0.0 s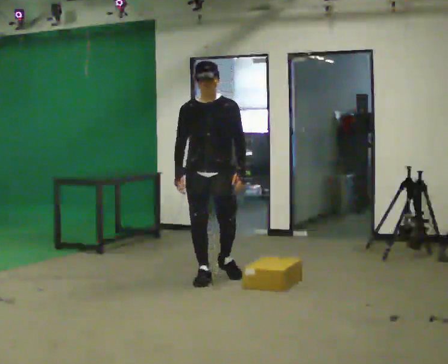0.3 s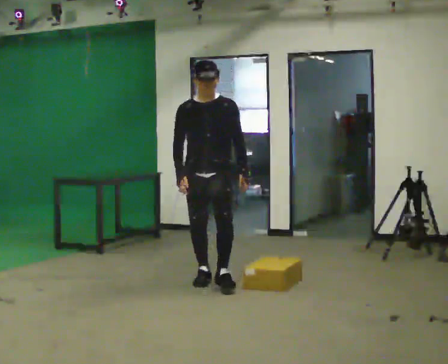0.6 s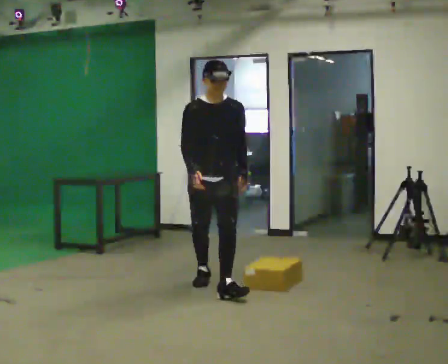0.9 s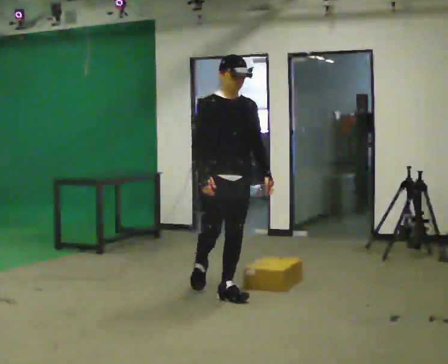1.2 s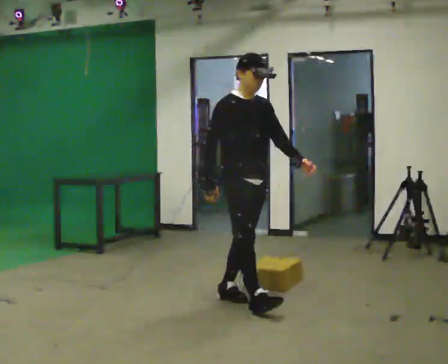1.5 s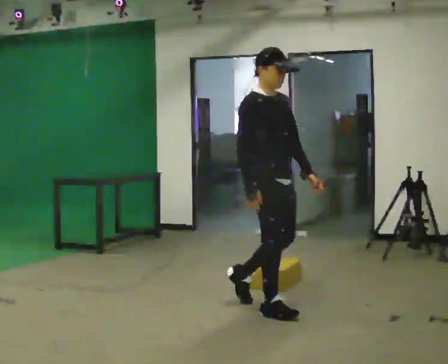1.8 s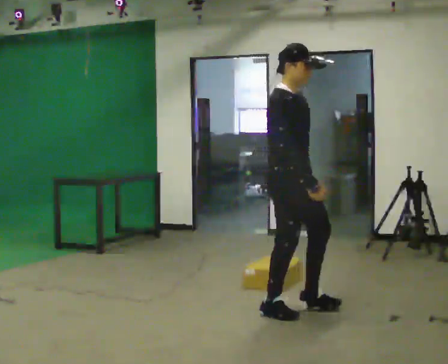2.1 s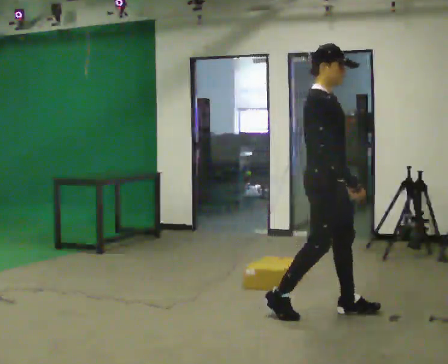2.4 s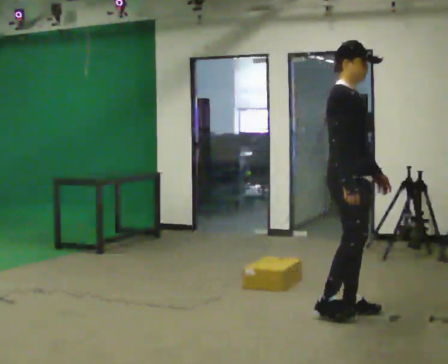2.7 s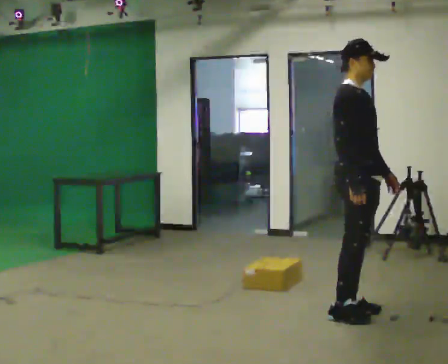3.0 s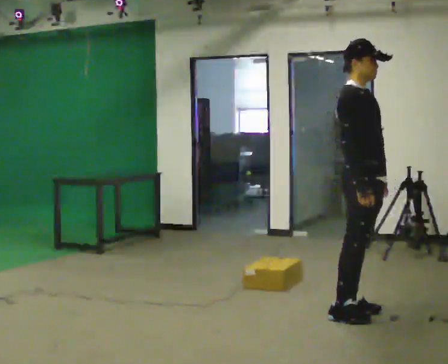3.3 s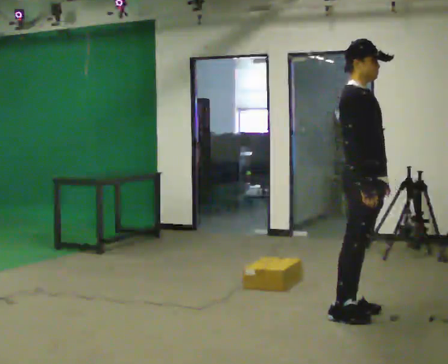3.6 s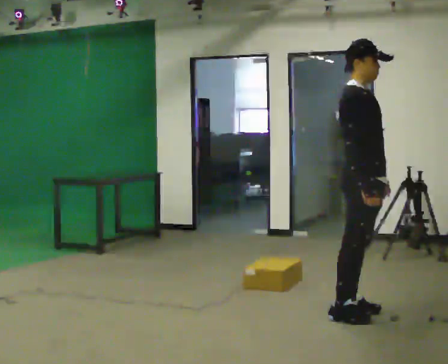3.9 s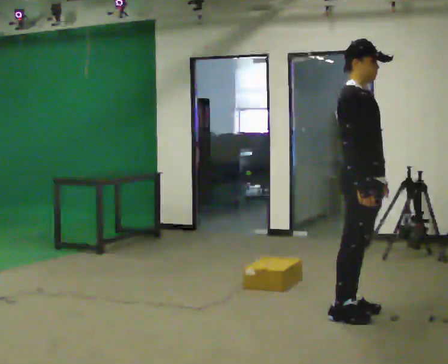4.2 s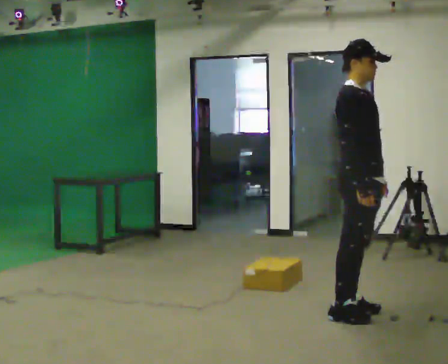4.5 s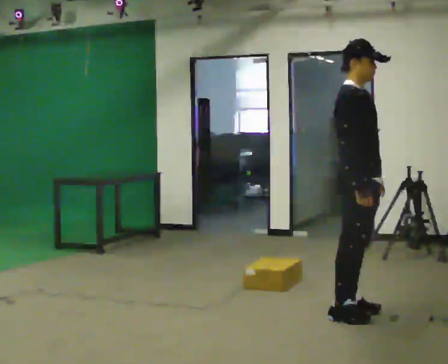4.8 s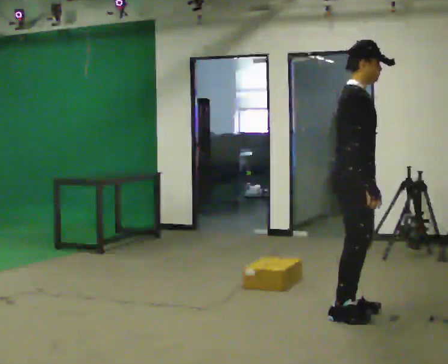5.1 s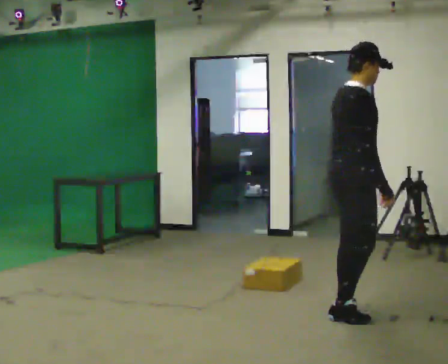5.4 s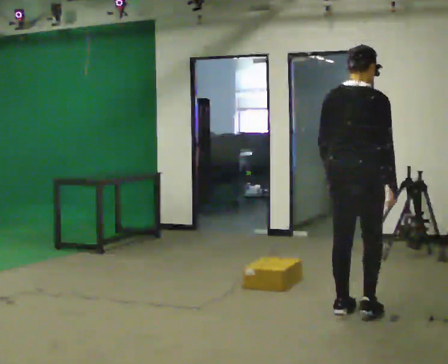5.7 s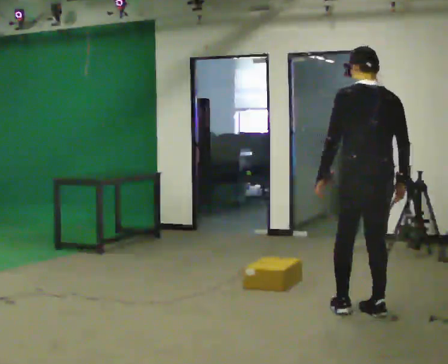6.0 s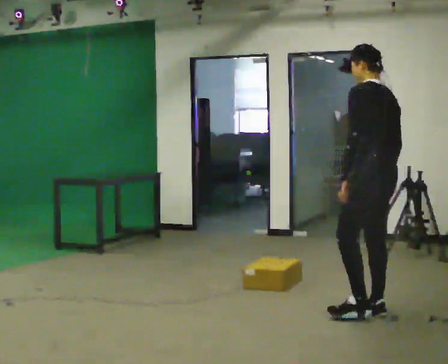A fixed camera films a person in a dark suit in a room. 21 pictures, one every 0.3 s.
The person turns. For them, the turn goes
to their left.
The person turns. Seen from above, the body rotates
counterclockwise.
0.0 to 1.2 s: The person turns about 45 degrees to their left, counterclockwise seen from above, so the part of the body nearest the lens slides to the right. In the picture they go toward the camera and to the right, about 1 m in 1 step, which for them is forward.
1.2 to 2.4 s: Seen from above the body turns counterclockwise, about 30 degrees: to their left, with its near side sliding to the right. In the picture they go to the right, about 1 m in 2 steps, which for them is forward.
2.4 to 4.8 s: The person moves a little, or ends about where they began.
4.8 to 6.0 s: The person turns about 135 degrees to their left, counterclockwise seen from above, so the part of the body nearest the lens slides to the right. In the picture they go to the right, about 0.25 m in 1 step.
The film runs forward here.
